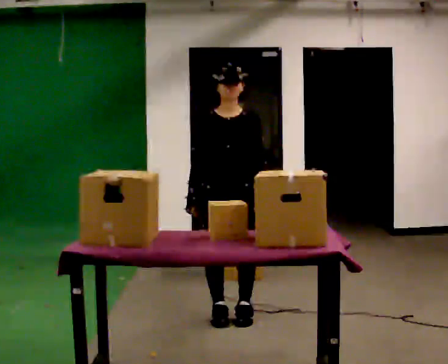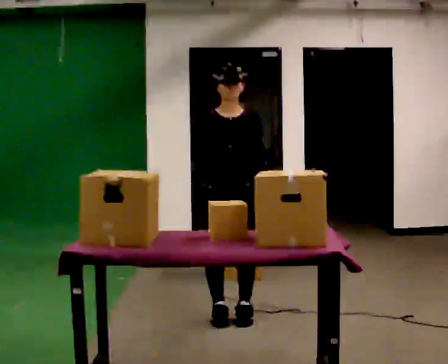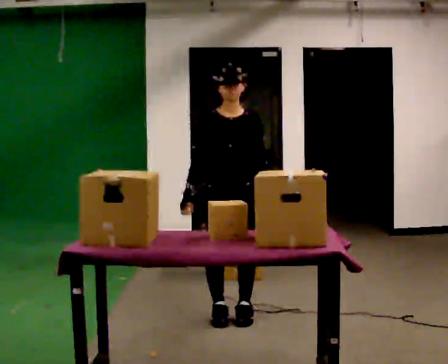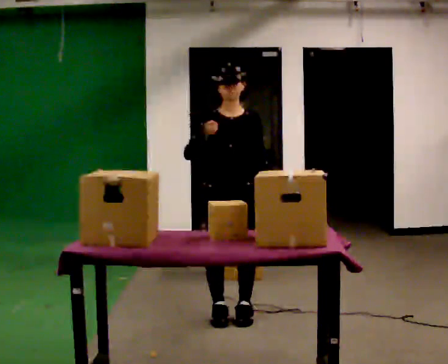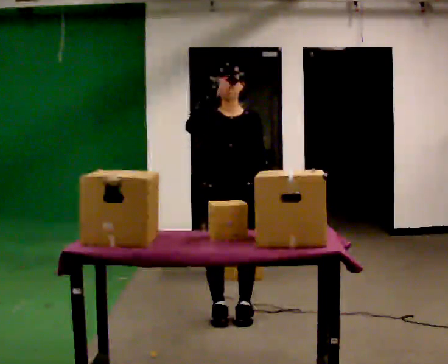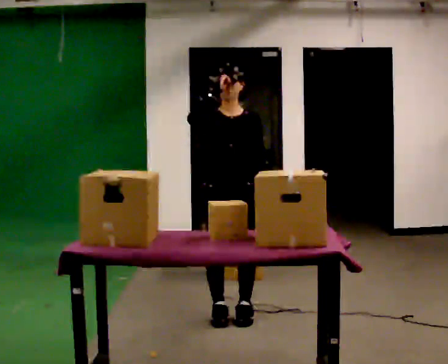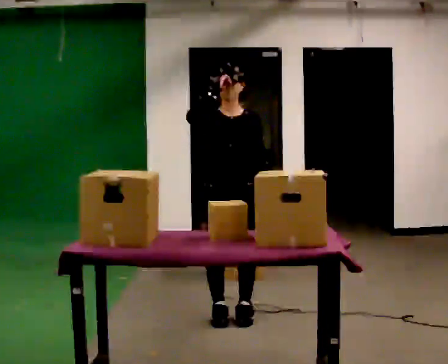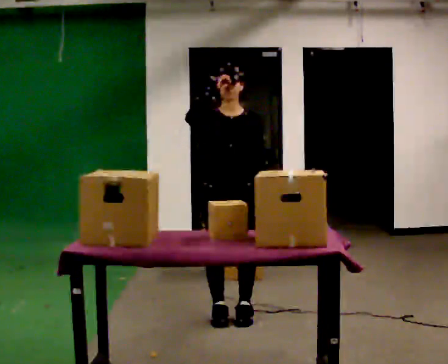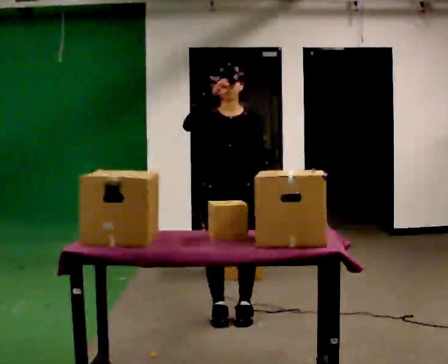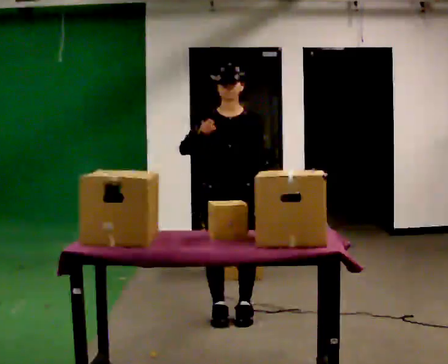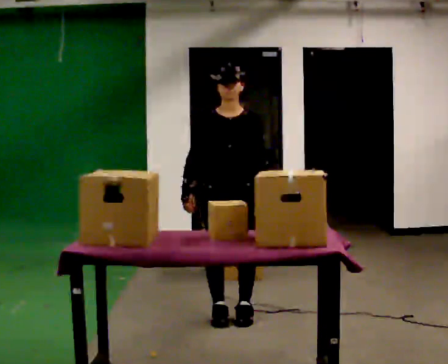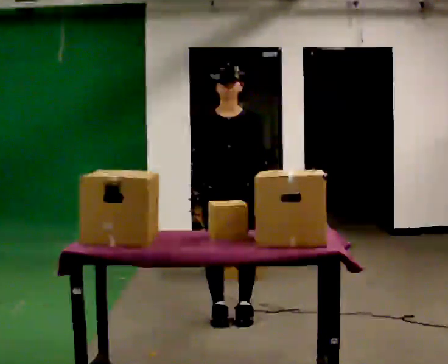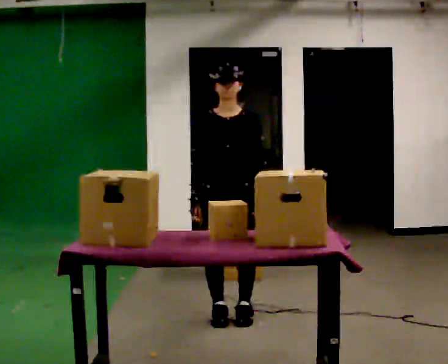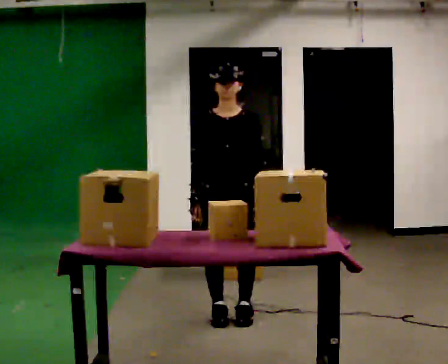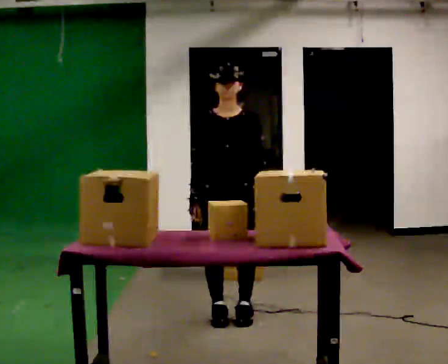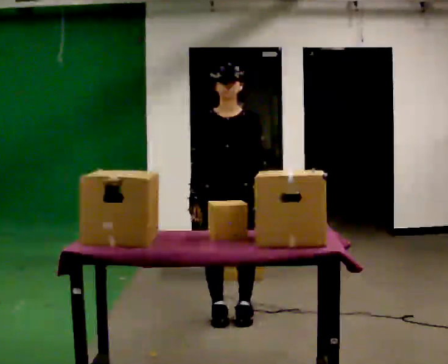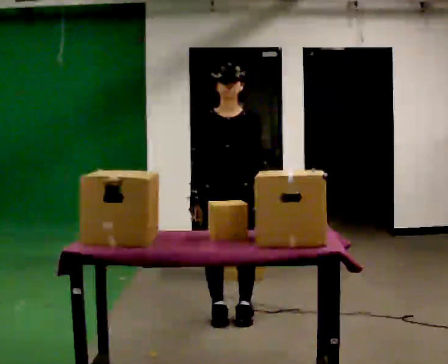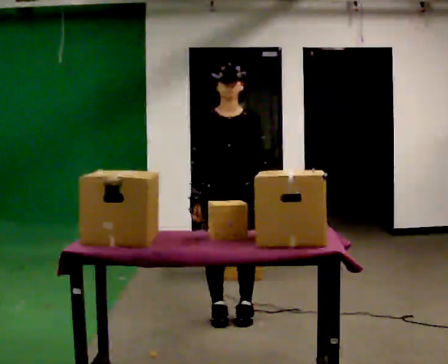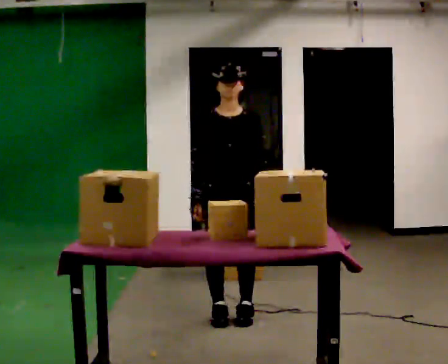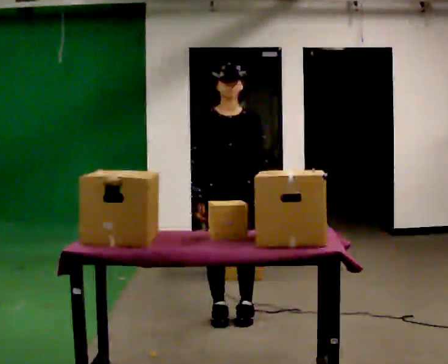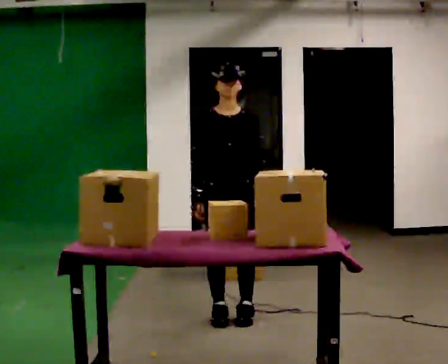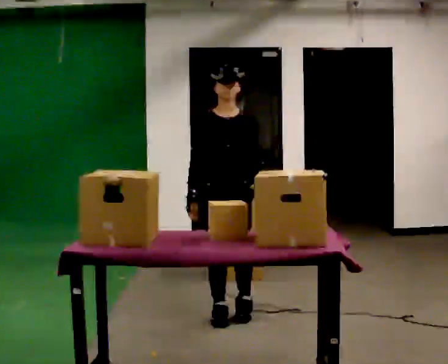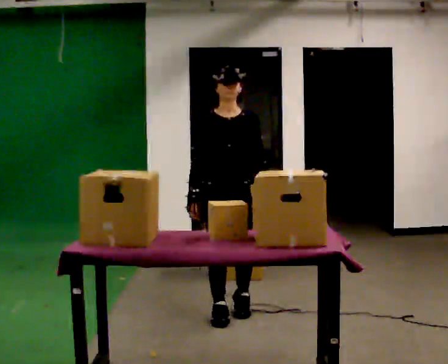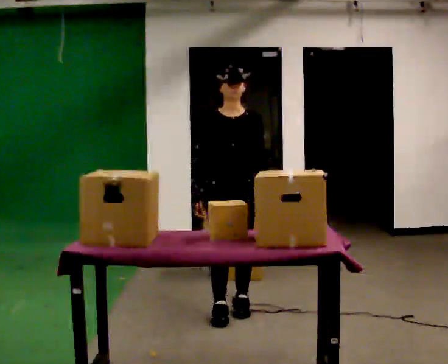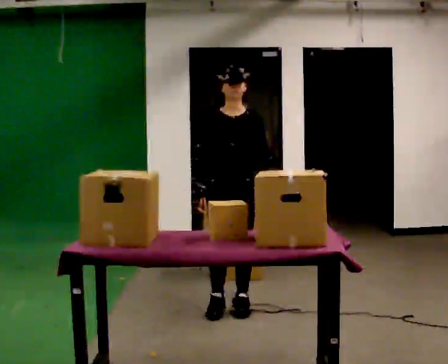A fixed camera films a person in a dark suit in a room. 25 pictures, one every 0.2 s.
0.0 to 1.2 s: In the picture their right hand goes upward.
1.2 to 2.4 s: In the picture their right hand goes downward.
2.4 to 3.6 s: The person moves a little, or ends about where they began.
3.6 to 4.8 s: In the picture they go away from the camera, about 0.25 m in 2 steps, which for them is backward.
The film runs backward here.
